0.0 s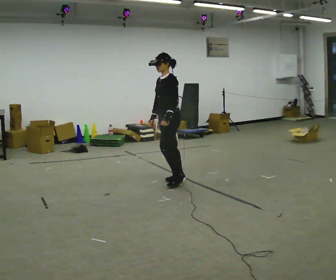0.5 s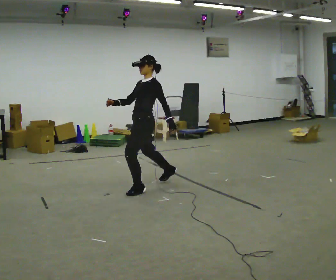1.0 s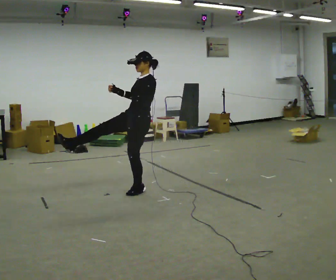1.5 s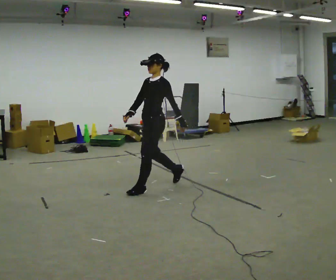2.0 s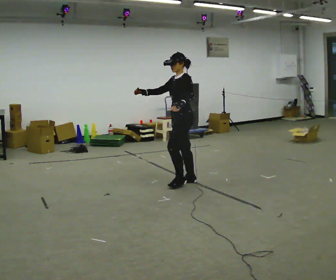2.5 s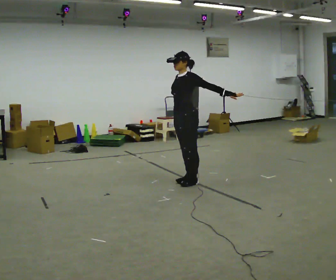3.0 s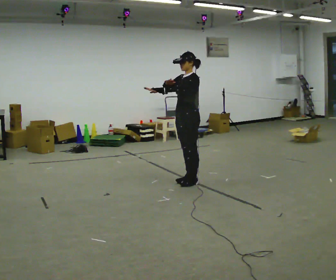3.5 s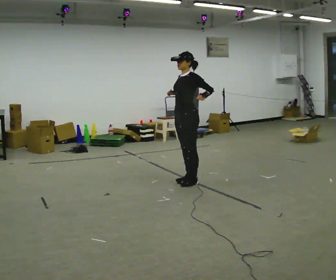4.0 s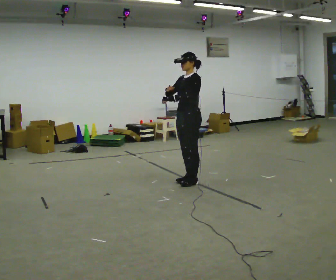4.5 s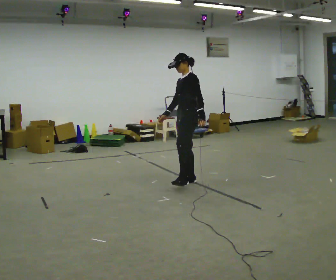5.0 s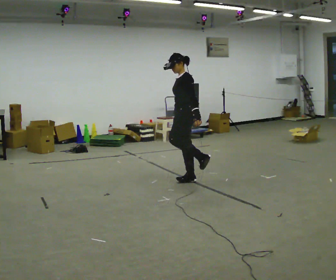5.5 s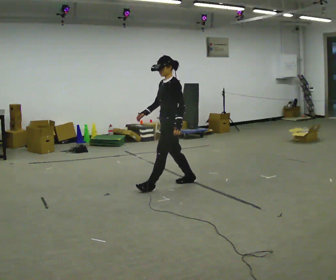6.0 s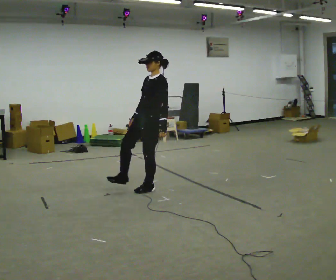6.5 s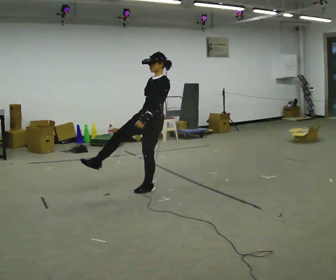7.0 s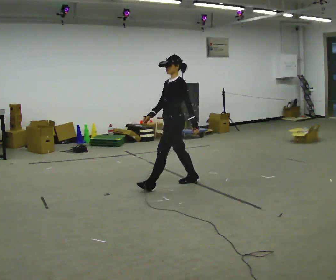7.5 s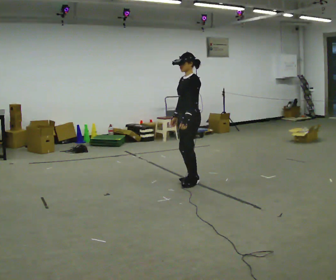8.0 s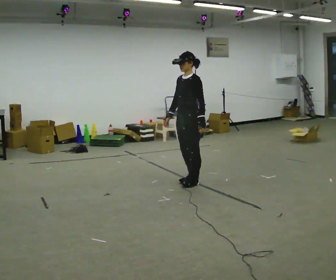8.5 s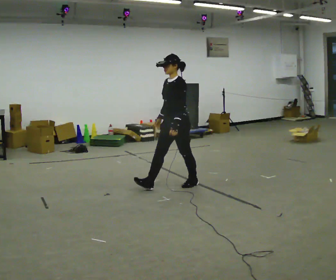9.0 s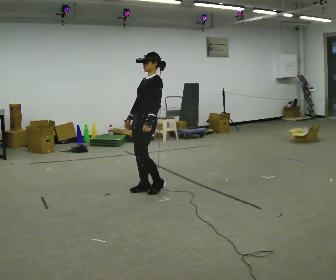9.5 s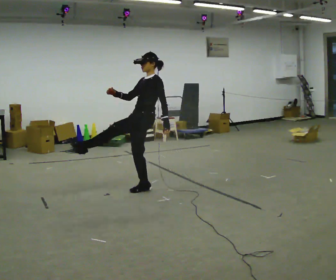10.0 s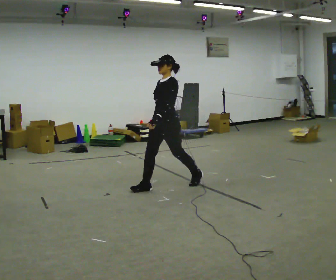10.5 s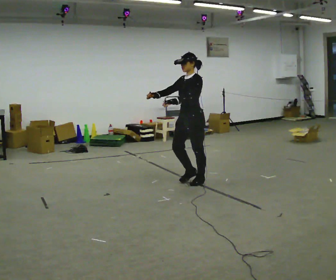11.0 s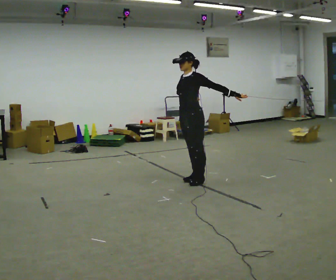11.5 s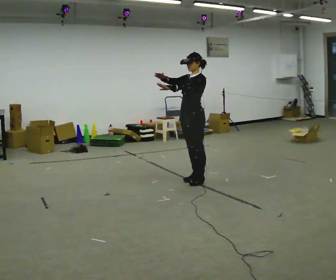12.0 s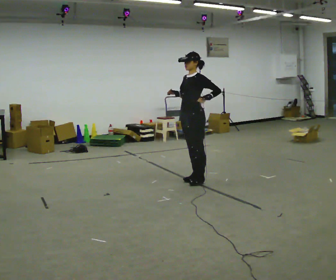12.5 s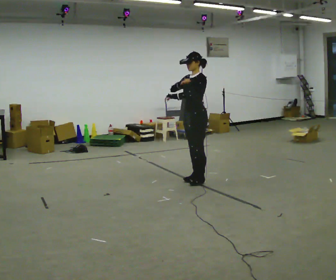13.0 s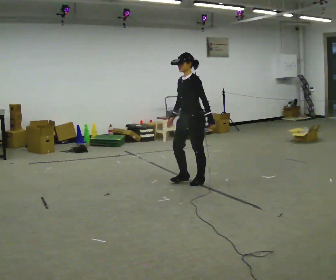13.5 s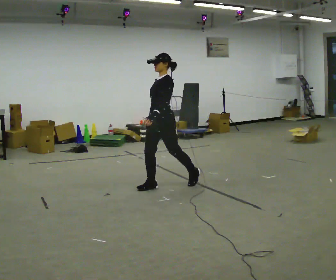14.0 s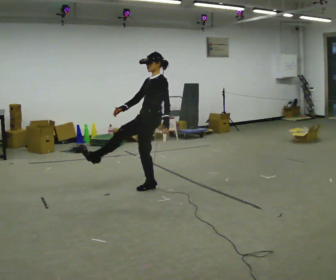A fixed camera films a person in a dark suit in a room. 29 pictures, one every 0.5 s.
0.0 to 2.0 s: In the picture they go to the right, about 0.25 m in 2 steps, which for them is to their left. In the picture their right hand goes upward.
2.0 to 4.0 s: In the picture their right hand goes to the right.
4.0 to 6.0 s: In the picture they go to the left and toward the camera, about 0.5 m in 2 steps, which for them is forward. In the picture their right hand goes downward.
6.0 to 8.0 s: In the picture they go to the right and away from the camera, about 0.5 m in 2 steps, which for them is backward.
8.0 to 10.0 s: In the picture they go to the left, about 0.25 m in 1 step, which for them is forward.
10.0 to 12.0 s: In the picture they go to the right and away from the camera, about 0.5 m in 1 step, which for them is backward.
12.0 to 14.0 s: In the picture they go to the left and toward the camera, about 0.5 m in 1 step, which for them is forward.
The film runs backward here.
